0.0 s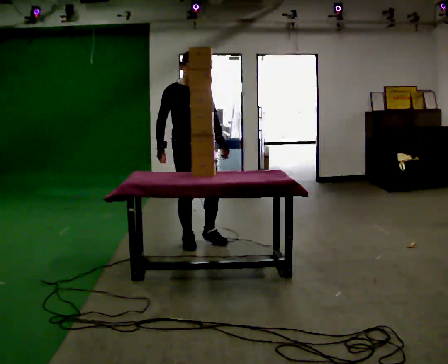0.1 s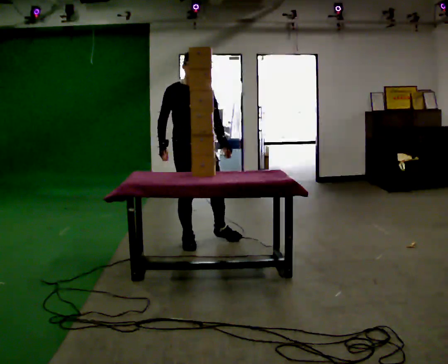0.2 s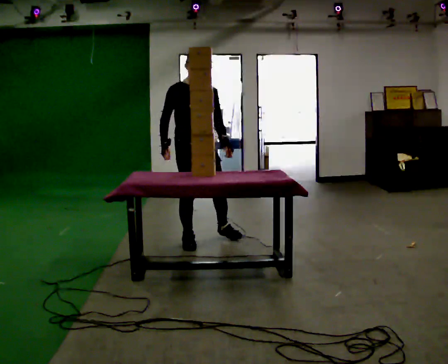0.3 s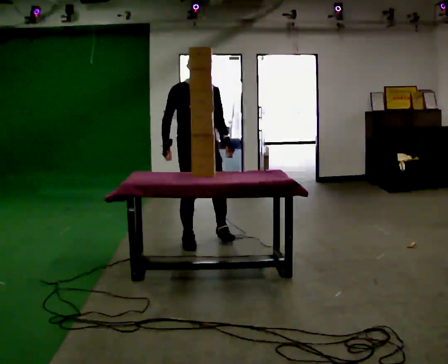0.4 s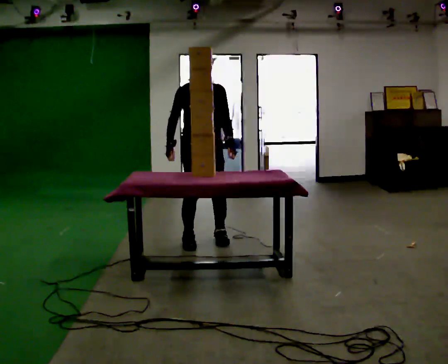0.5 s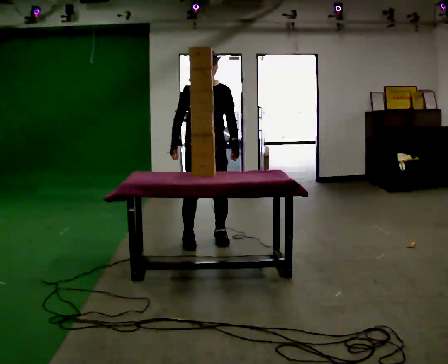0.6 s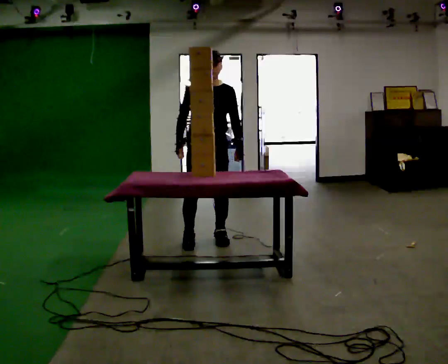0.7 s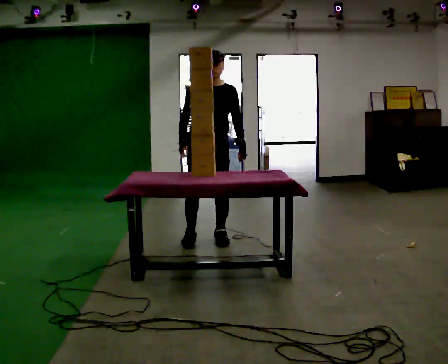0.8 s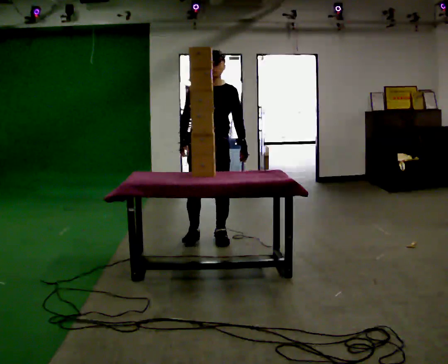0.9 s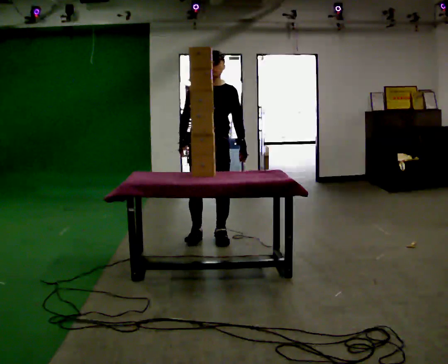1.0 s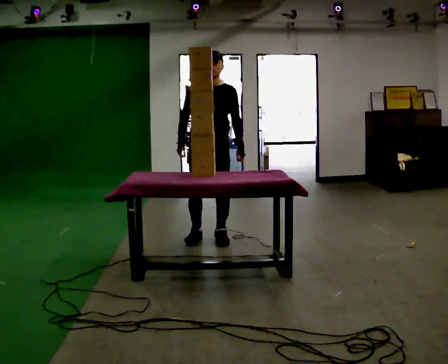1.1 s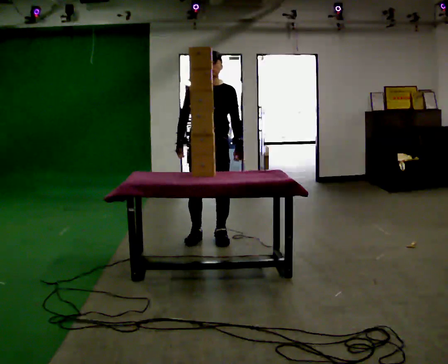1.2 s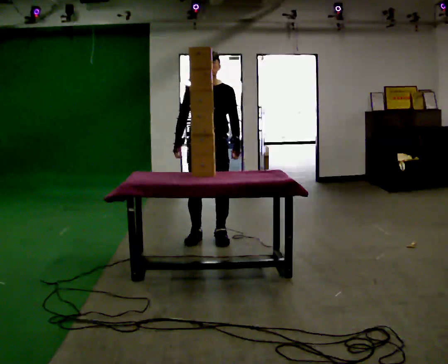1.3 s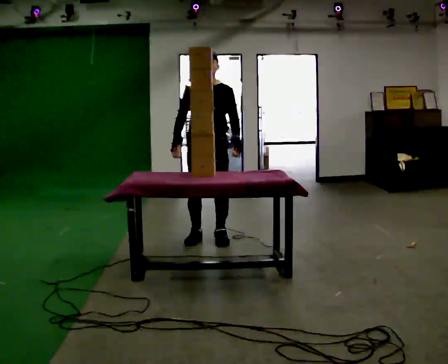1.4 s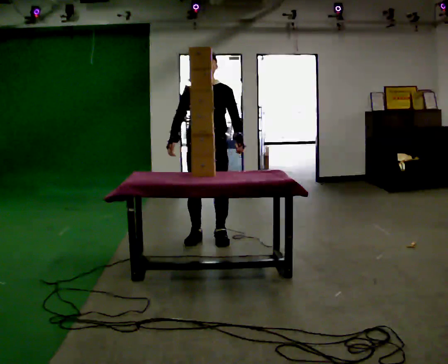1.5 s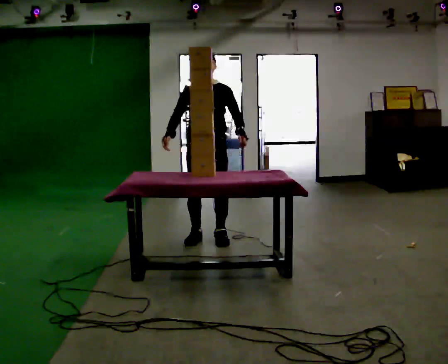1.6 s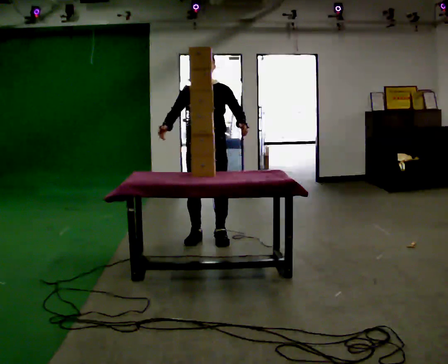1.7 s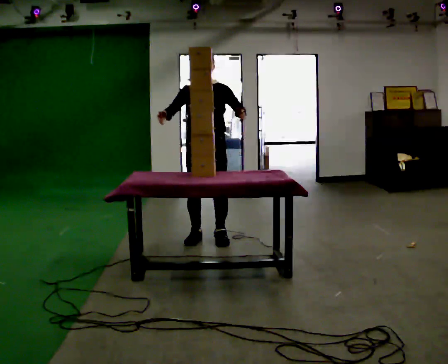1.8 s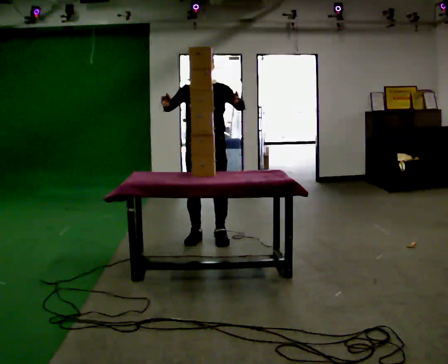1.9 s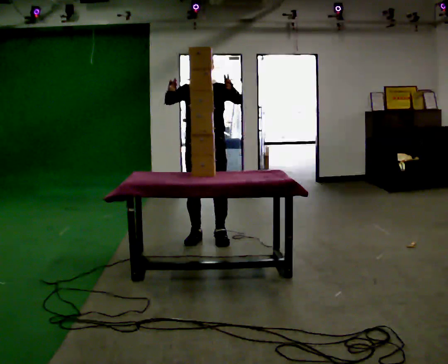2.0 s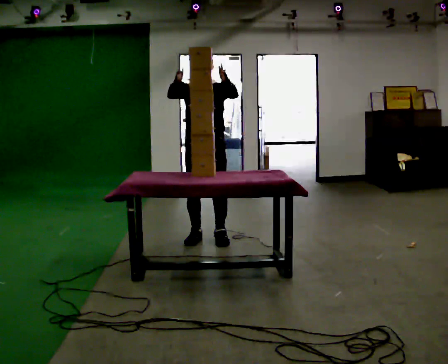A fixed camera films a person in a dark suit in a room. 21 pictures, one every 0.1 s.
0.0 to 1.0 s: In the picture they go to the right, about 0.25 m in 2 steps, which for them is to their left.
1.0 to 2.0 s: In the picture their left hand goes upward.
The film runs forward here.
